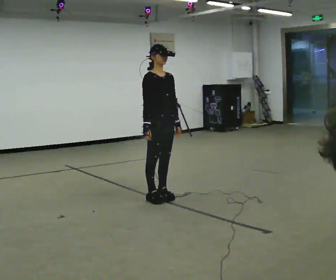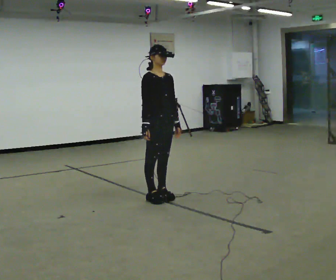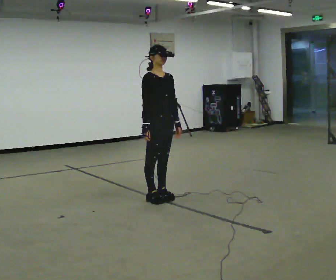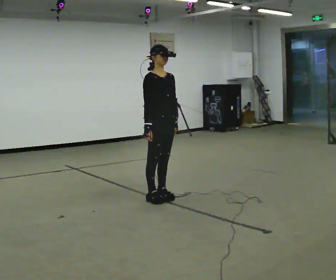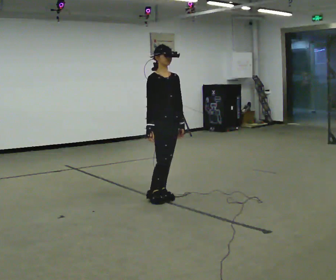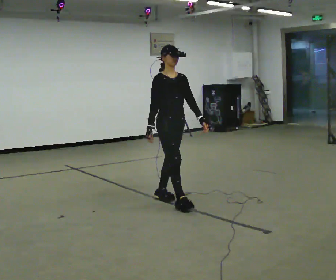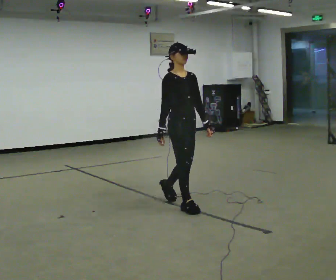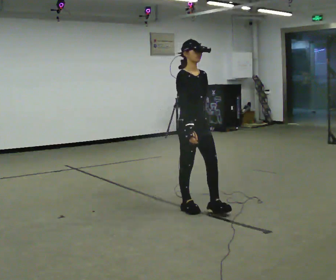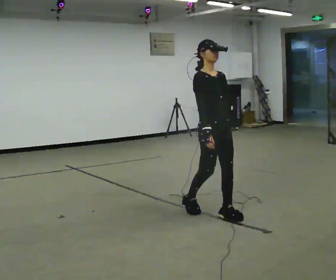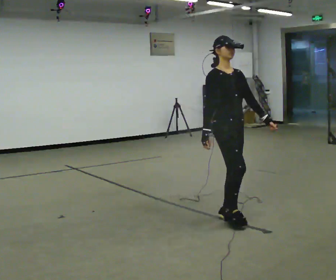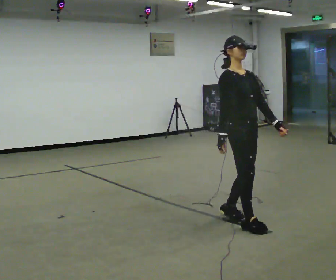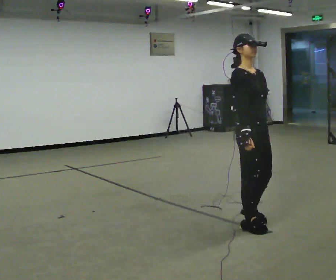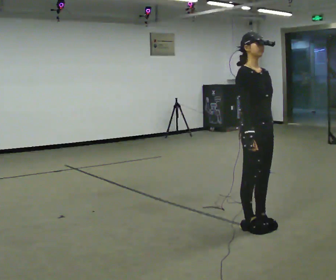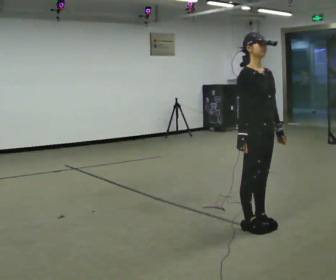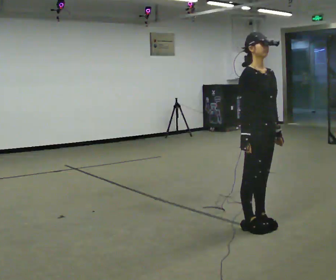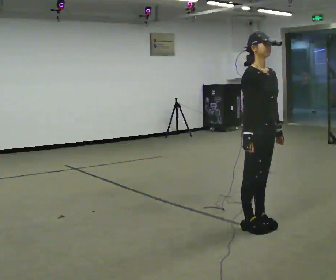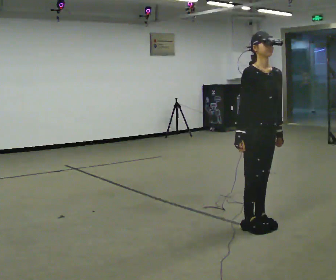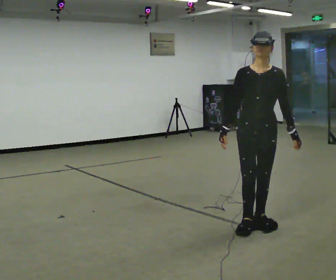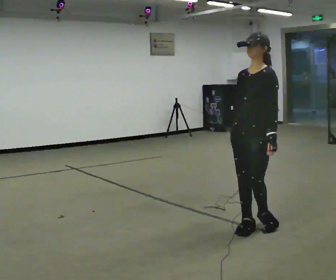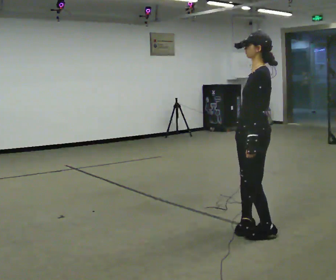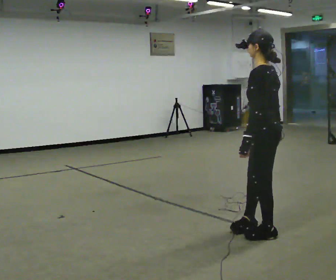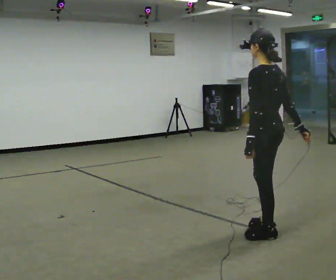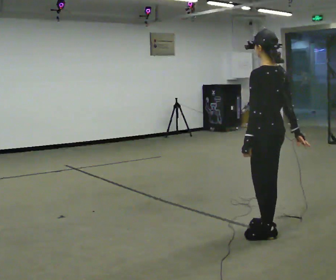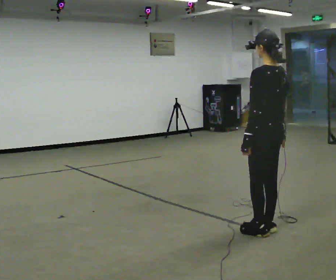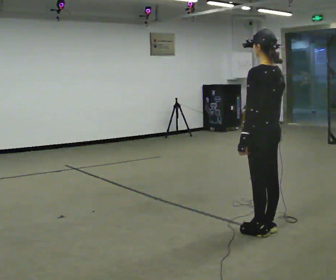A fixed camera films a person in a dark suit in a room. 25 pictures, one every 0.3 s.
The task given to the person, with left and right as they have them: Walk; stop fully; turn 90° left/right while standing; walk new direction.
0.0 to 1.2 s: The person moves a little, or ends about where they began.
1.2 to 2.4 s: In the picture they go toward the camera and to the right, about 0.5 m in 2 steps, which for them is forward.
2.4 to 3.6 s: In the picture they go toward the camera and to the right, about 0.5 m in 2 steps, which for them is forward.
3.6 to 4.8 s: The person moves a little, or ends about where they began.
4.8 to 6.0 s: Seen from above the body turns clockwise, about 150 degrees: to their right, with its near side sliding to the left. In the picture they go toward the camera, about 0.25 m in 1 step. In the picture their right hand goes to the right.
6.0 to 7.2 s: The person moves a little, or ends about where they began.
The film runs forward here.
